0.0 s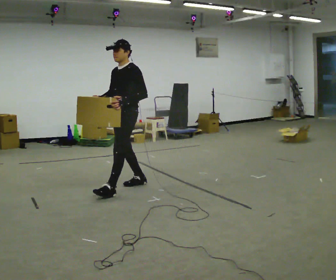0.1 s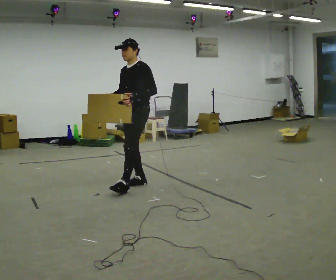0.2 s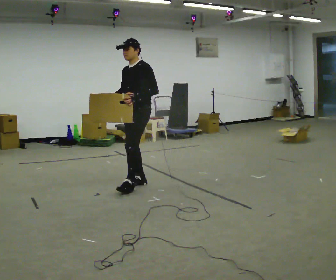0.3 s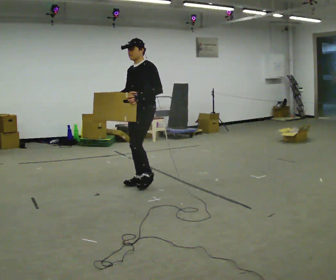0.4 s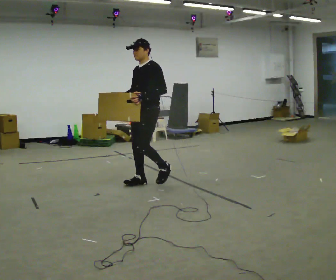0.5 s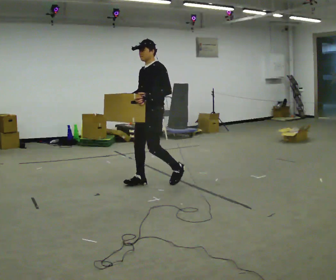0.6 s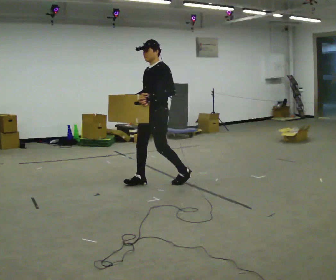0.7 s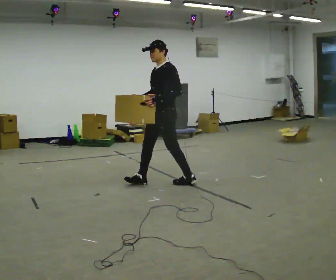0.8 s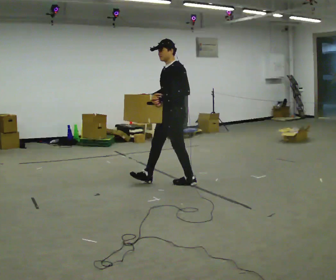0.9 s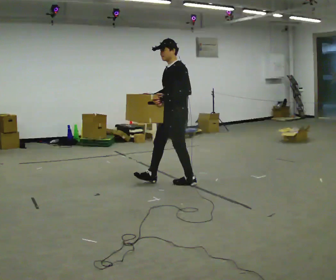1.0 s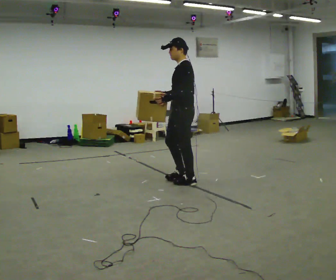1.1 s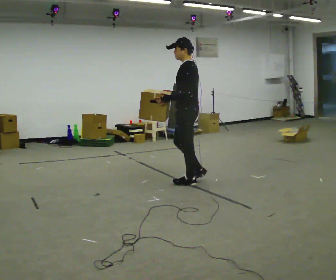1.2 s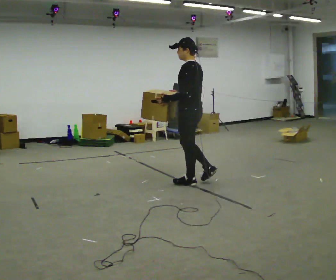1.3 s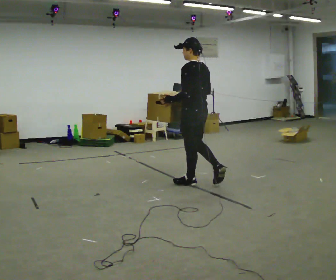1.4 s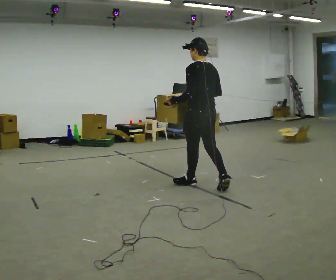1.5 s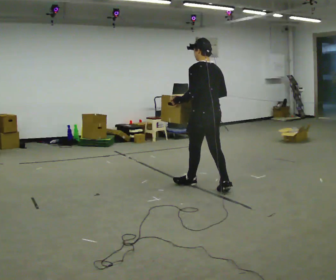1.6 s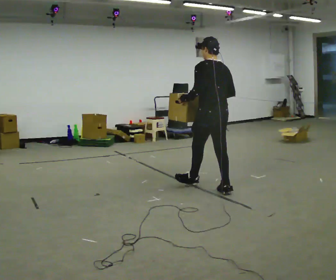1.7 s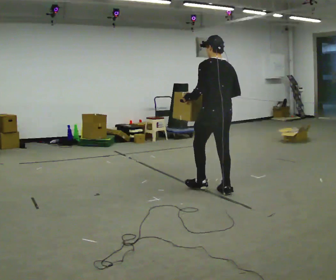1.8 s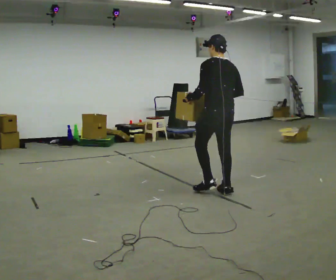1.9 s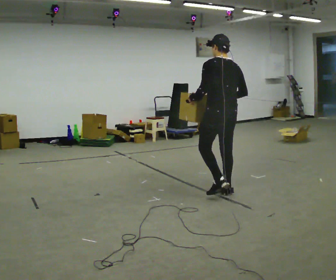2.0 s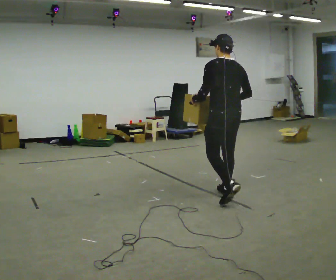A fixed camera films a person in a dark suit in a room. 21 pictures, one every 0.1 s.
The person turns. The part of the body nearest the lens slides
to the left.
The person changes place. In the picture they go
to the right.
0.0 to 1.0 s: The part of the body nearest the lens slides to the left as the person turns to their right by about 30 degrees. In the picture they go to the right, about 0.75 m in 2 steps, which for them is backward.
1.0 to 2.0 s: The part of the body nearest the lens slides to the left as the person turns to their right by about 60 degrees. In the picture they go toward the camera and to the right, about 0.75 m in 1 step.
The film runs backward here.
